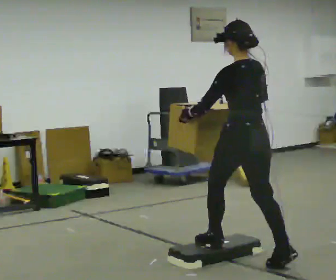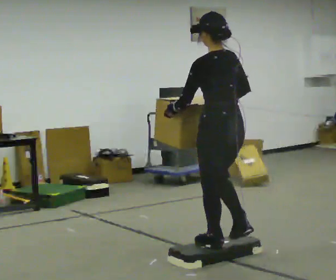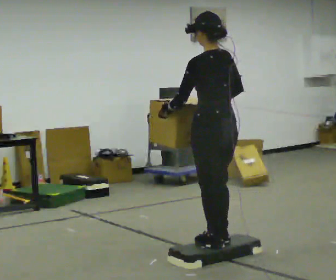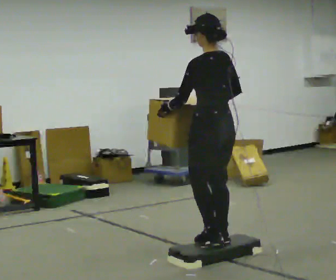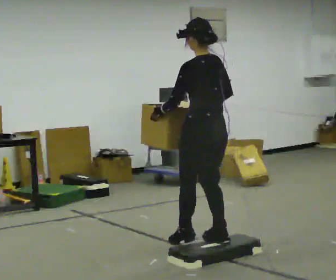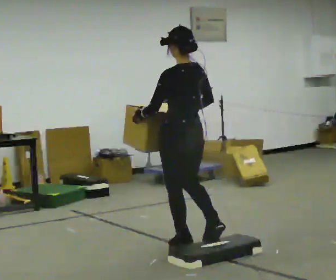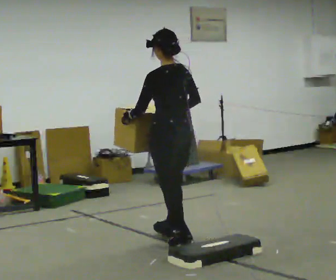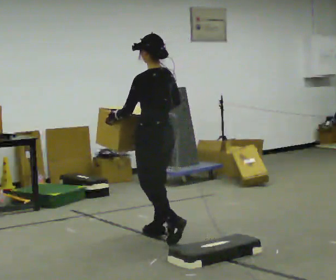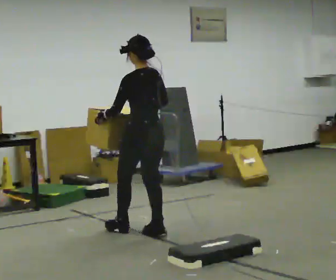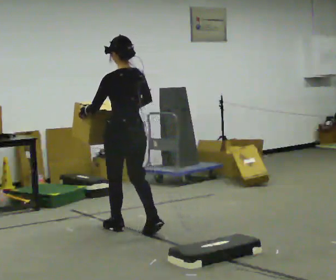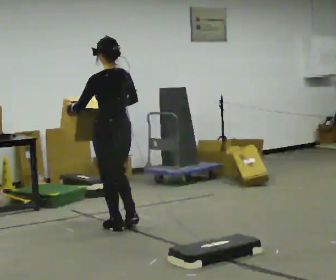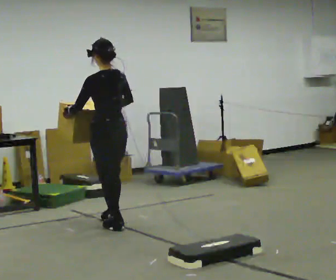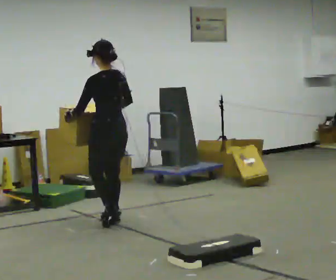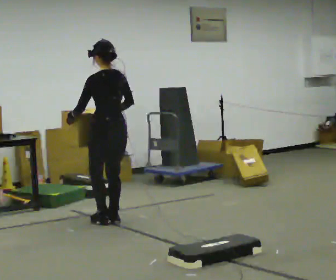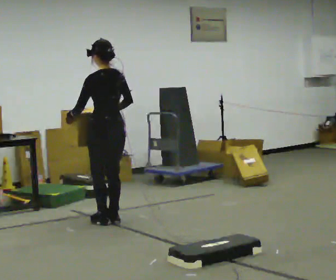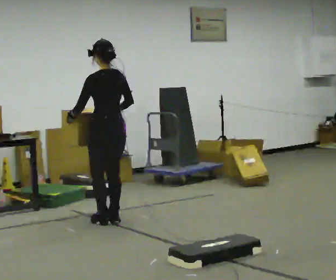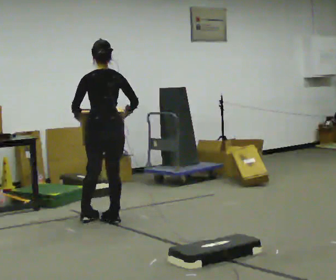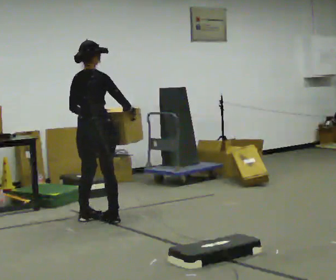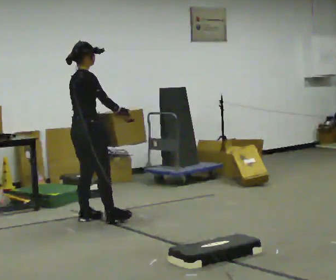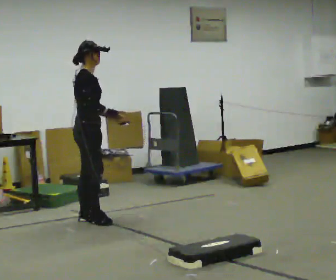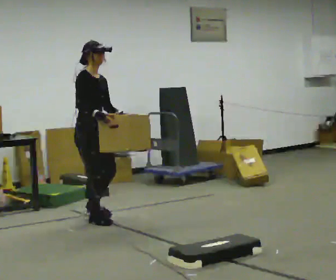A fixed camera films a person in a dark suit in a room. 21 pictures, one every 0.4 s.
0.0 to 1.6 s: In the picture they go away from the camera and to the left, about 0.5 m in 1 step, which for them is forward.
1.6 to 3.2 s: In the picture they go away from the camera and to the left, about 1 m in 2 steps, which for them is forward.
3.2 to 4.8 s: In the picture they go away from the camera and to the left, about 0.5 m in 2 steps, which for them is forward.
4.8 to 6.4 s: The part of the body nearest the lens slides to the left as the person turns to their right by about 30 degrees.
6.4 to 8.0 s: The person turns about 120 degrees to their right, clockwise seen from above, so the part of the body nearest the lens slides to the left.
The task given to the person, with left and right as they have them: Carry the box up onto the platform, across it, and down the other side, then bring it back. Keep going until the operator says stop; one object at a time, and do not rush between trips.
The film runs forward here.
